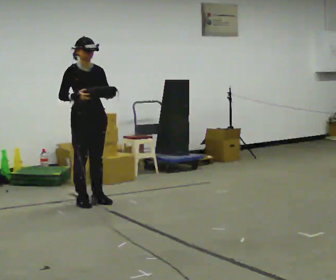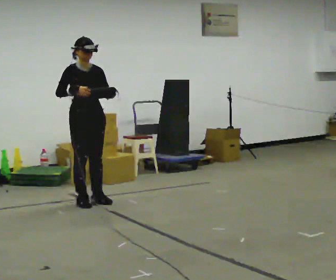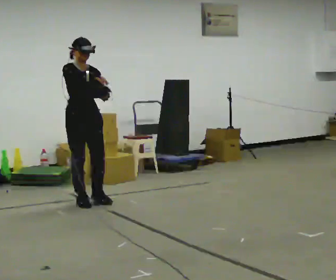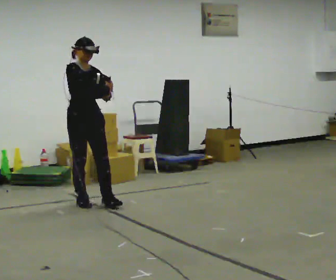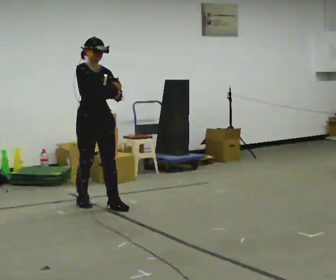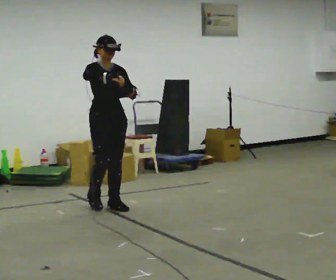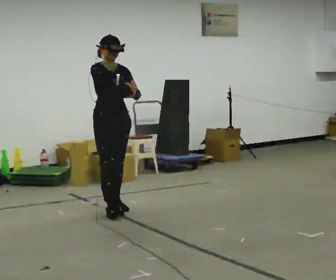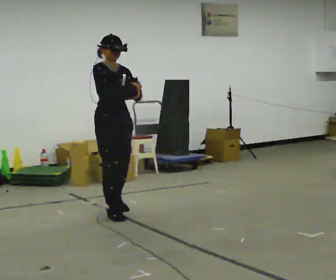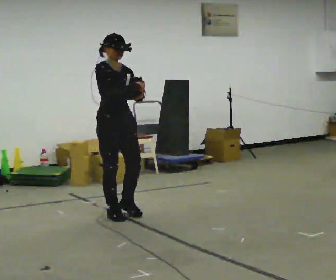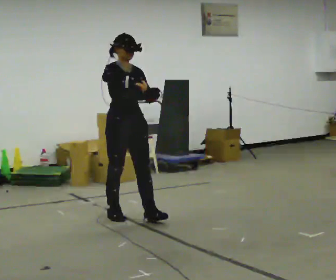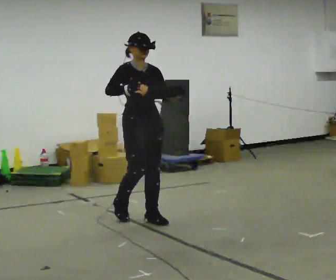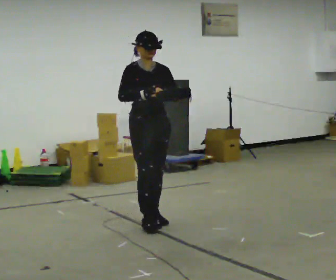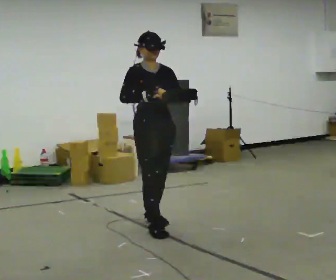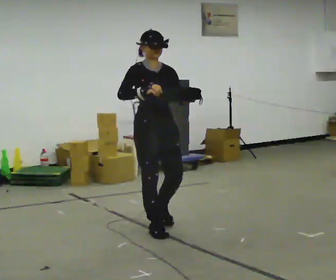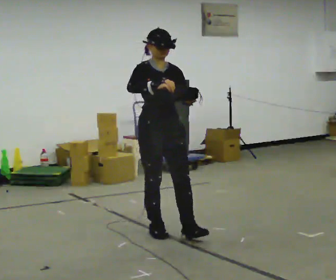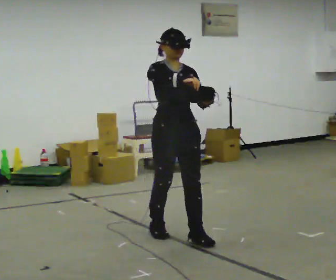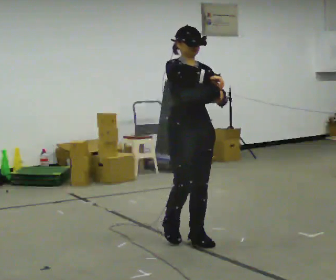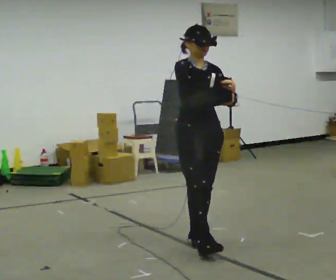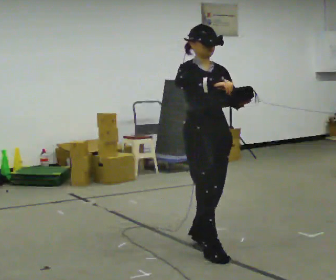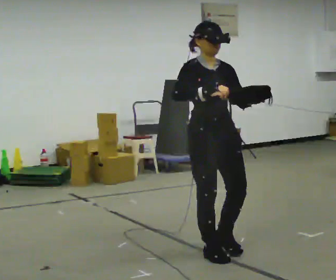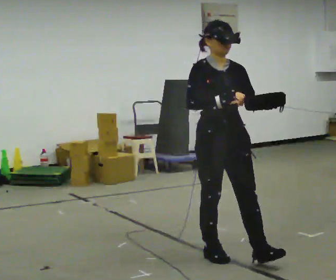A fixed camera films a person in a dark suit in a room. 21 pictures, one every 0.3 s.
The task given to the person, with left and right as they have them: Carry the bag and, while walking, undo the buckle or zip, then do it up again. Keep repeating as you walk. Do not stop.
0.0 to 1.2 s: In the picture they go toward the camera, about 0.25 m in 1 step, which for them is forward. In the picture their right hand goes to the right.
1.2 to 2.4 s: In the picture they go toward the camera and to the right, about 0.5 m in 1 step, which for them is forward.
2.4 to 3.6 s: In the picture they go toward the camera and to the right, about 0.5 m in 2 steps, which for them is forward.
3.6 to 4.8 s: In the picture they go toward the camera and to the right, about 0.5 m in 1 step, which for them is forward.
4.8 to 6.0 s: In the picture they go toward the camera and to the right, about 0.5 m in 2 steps, which for them is forward.
The film runs forward here.
